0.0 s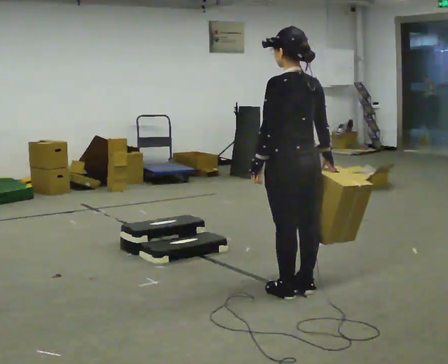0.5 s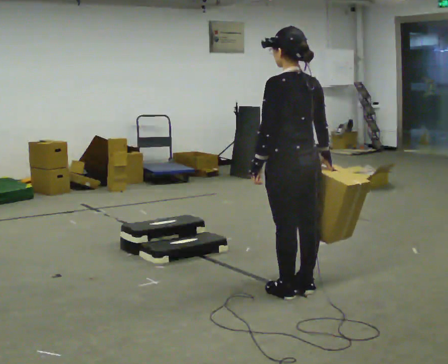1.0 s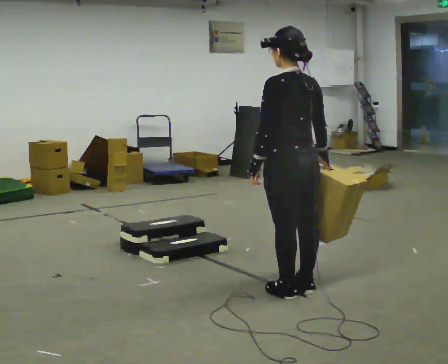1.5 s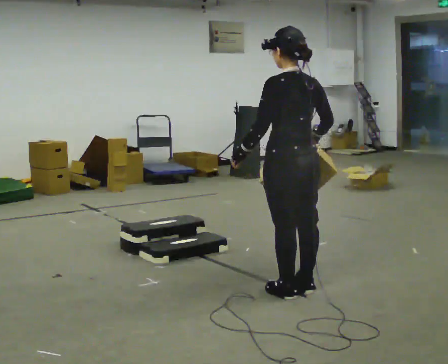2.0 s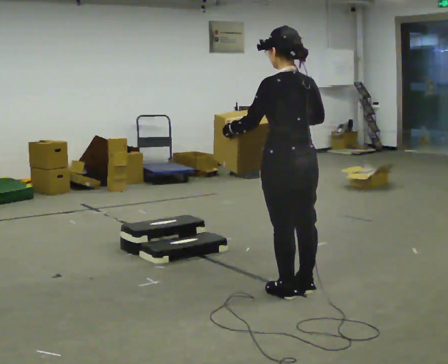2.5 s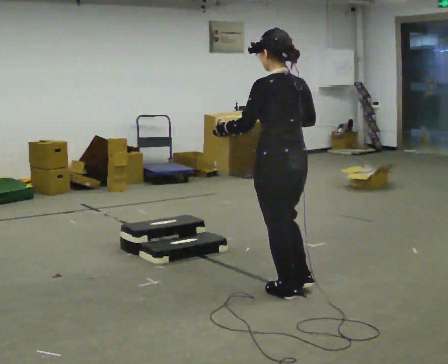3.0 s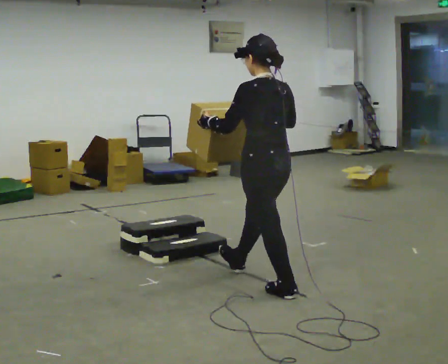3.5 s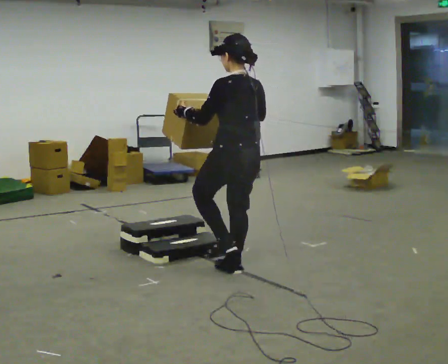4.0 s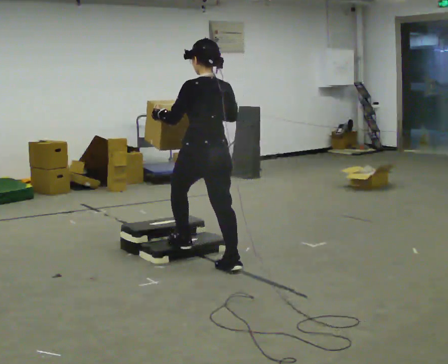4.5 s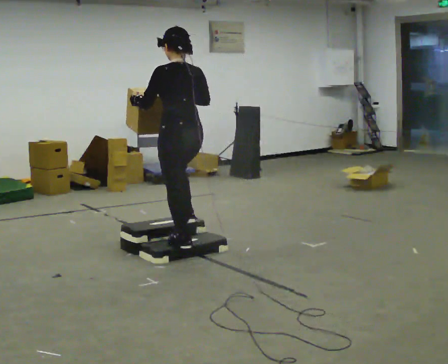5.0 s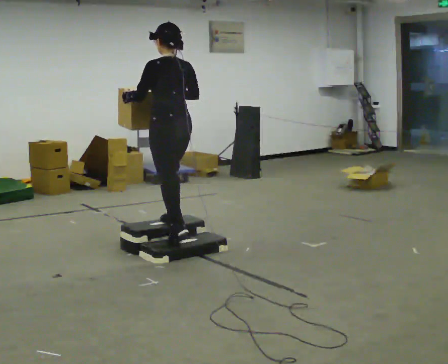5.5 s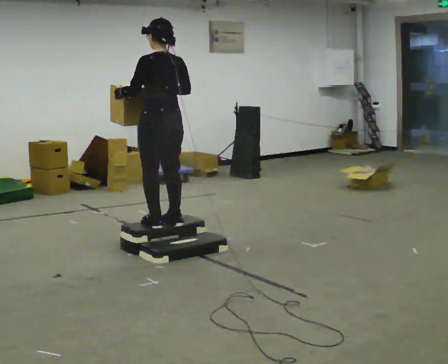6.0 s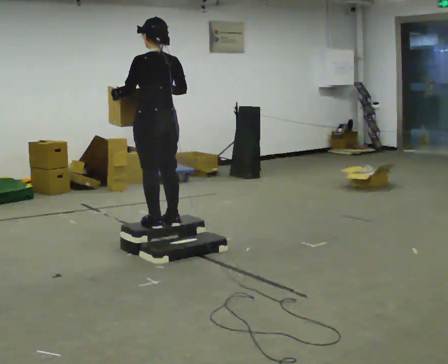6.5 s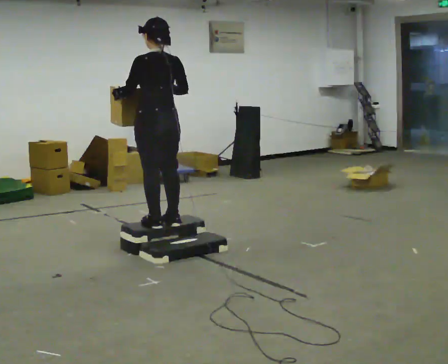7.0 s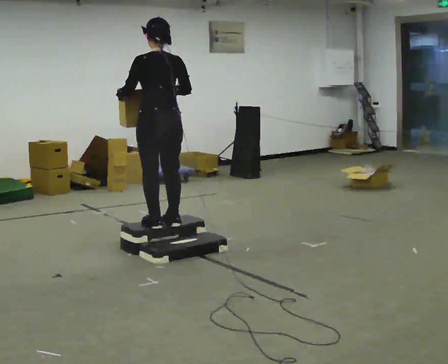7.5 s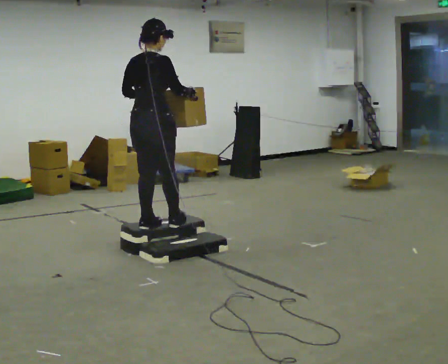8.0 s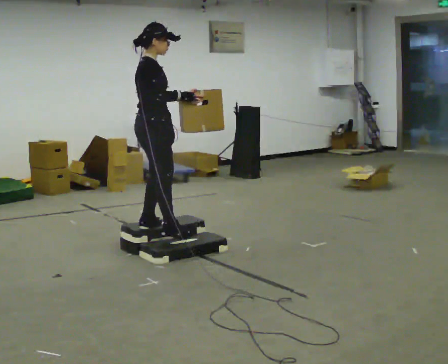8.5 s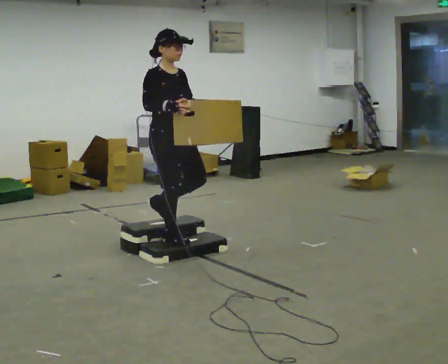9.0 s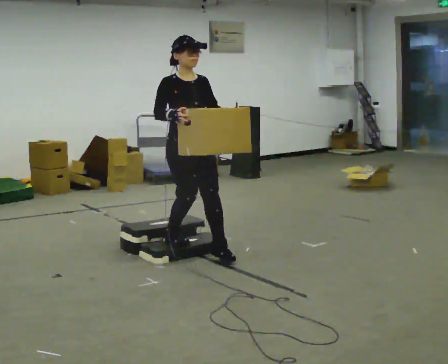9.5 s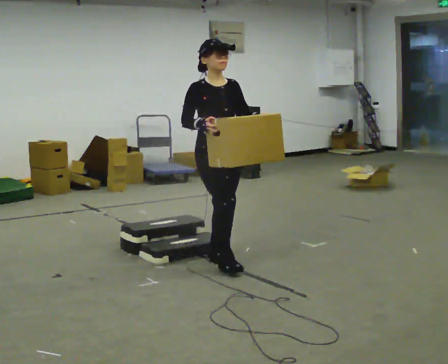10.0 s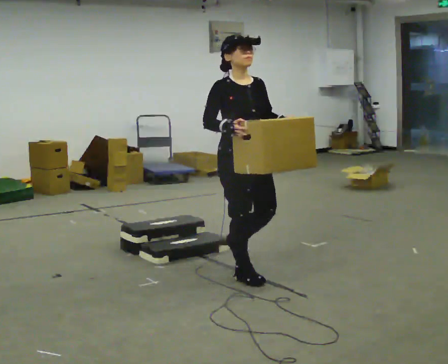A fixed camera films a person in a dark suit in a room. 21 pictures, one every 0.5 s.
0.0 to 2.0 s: The person moves a little, or ends about where they began.
2.0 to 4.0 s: In the picture they go away from the camera and to the left, about 1 m in 2 steps, which for them is forward.
4.0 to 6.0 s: In the picture they go away from the camera and to the left, about 0.5 m in 2 steps, which for them is forward. The upper body goes upward.
6.0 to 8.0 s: Seen from above the body turns clockwise, about 120 degrees: to their right, with its near side sliding to the left. In the picture their left hand goes to the right.
8.0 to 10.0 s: The part of the body nearest the lens slides to the left as the person turns to their right by about 60 degrees. In the picture they go toward the camera and to the right, about 1 m in 2 steps.
The film runs forward here.
